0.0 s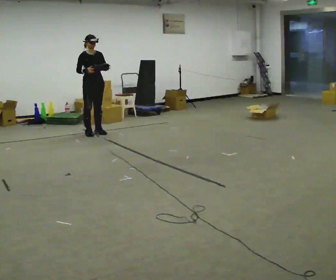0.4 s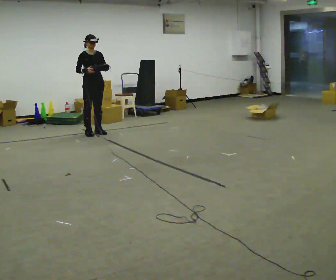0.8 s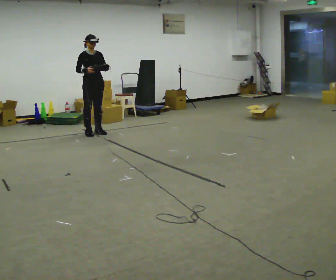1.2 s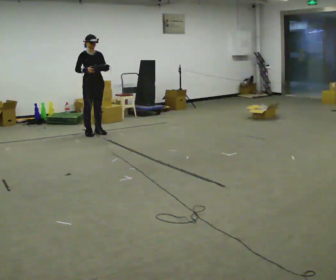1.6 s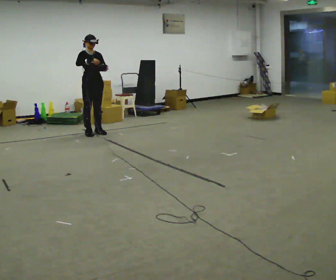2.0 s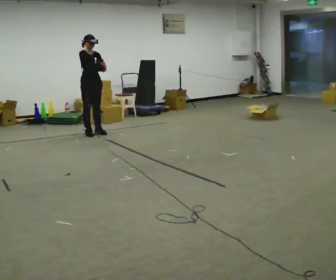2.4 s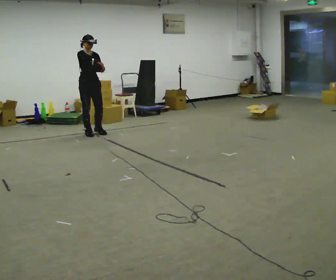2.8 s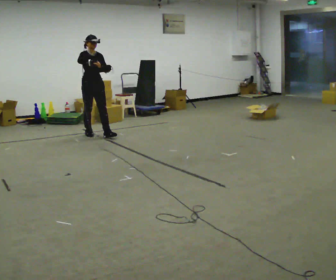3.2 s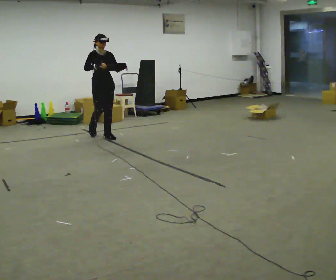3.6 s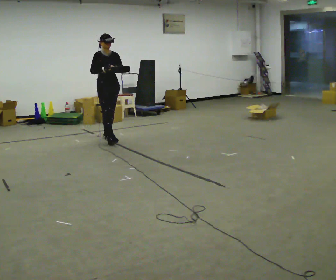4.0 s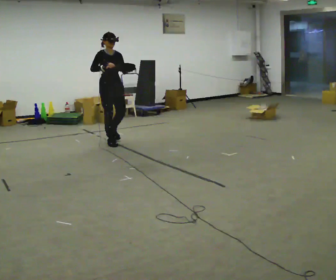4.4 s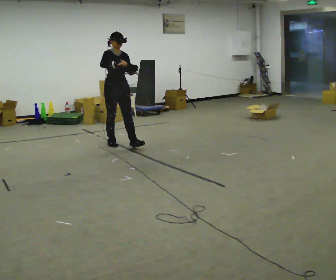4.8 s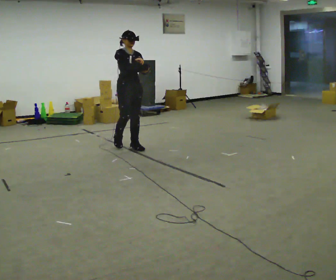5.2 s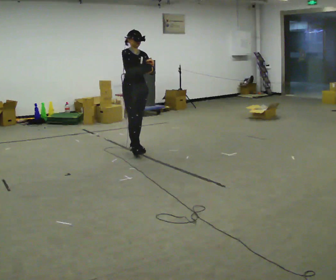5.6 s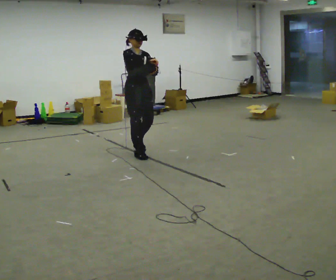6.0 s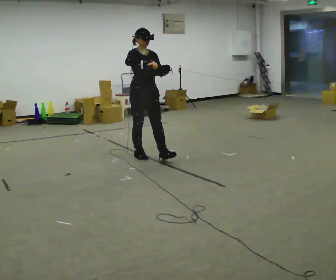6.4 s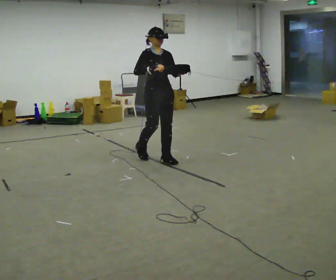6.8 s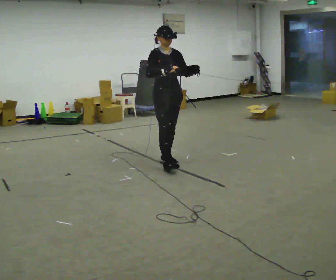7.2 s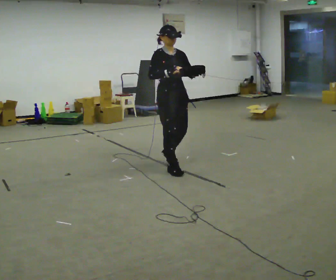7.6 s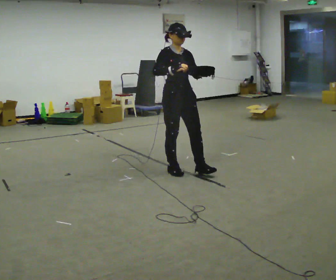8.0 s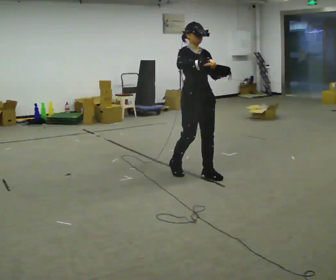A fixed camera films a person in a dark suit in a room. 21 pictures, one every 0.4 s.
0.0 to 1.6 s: The person moves a little, or ends about where they began.
1.6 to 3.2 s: In the picture they go toward the camera and to the right, about 0.25 m in 1 step, which for them is forward.
3.2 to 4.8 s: In the picture they go toward the camera and to the right, about 1 m in 2 steps, which for them is forward.
4.8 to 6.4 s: In the picture they go toward the camera and to the right, about 1 m in 2 steps, which for them is forward.
6.4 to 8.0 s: In the picture they go toward the camera and to the right, about 0.5 m in 2 steps, which for them is forward.
The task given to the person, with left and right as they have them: Carry the bag and, while walking, undo the buckle or zip, then do it up again. Keep repeating as you walk. Do not stop.
The film runs forward here.
